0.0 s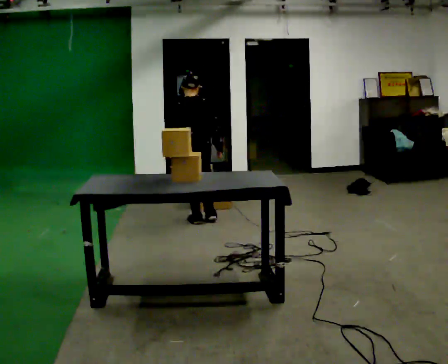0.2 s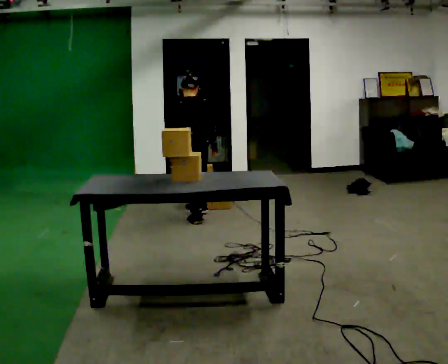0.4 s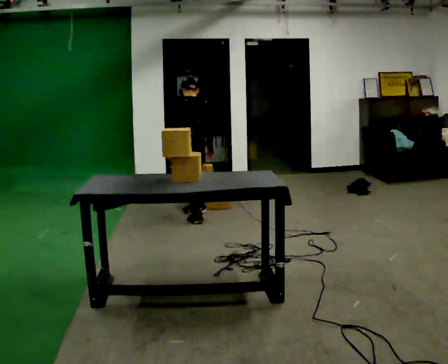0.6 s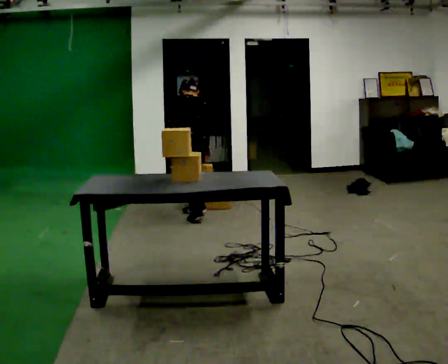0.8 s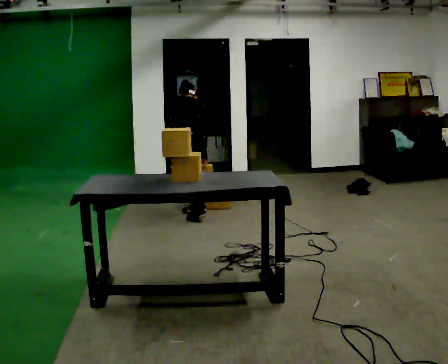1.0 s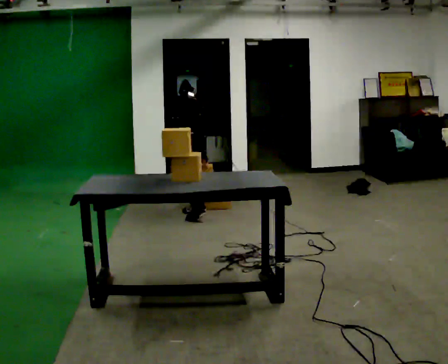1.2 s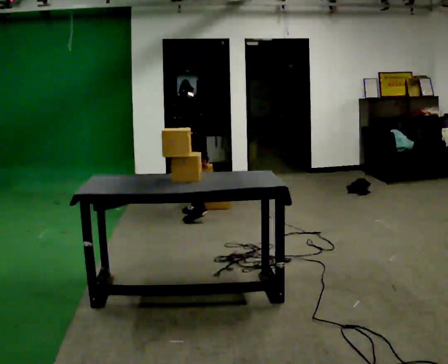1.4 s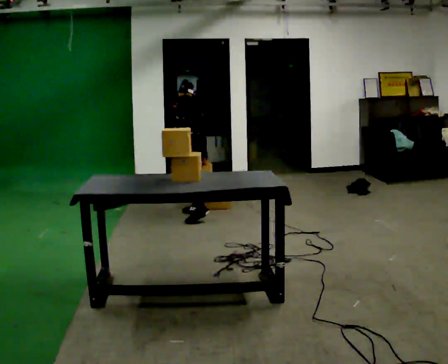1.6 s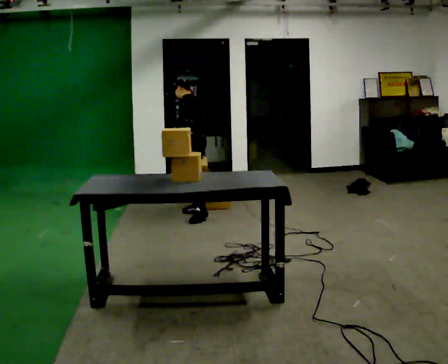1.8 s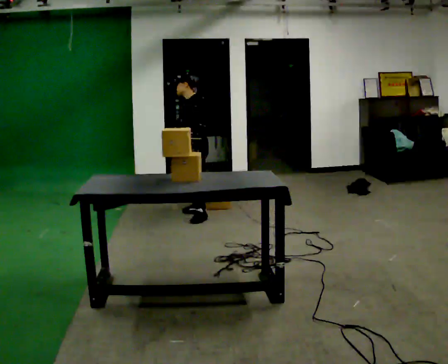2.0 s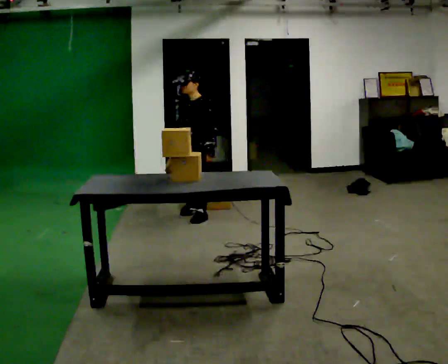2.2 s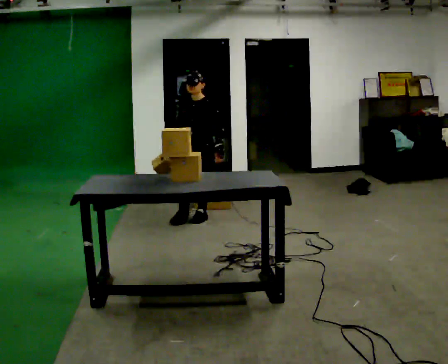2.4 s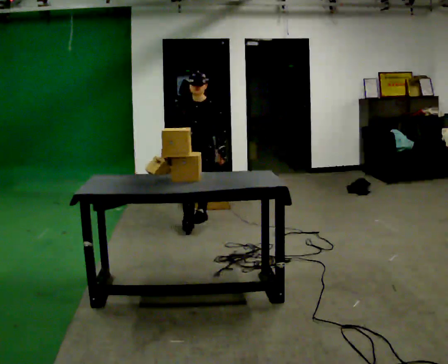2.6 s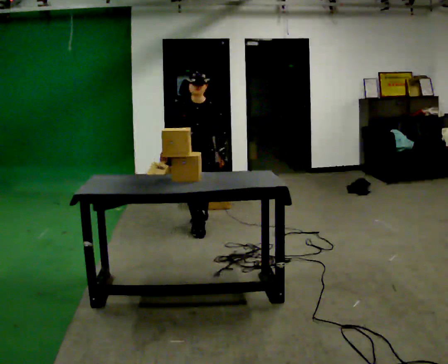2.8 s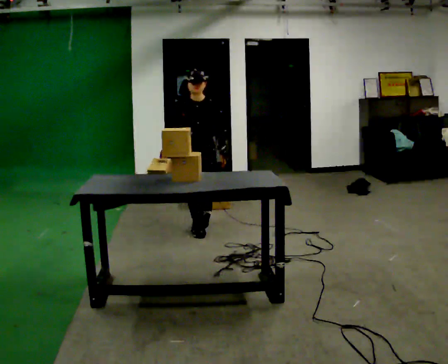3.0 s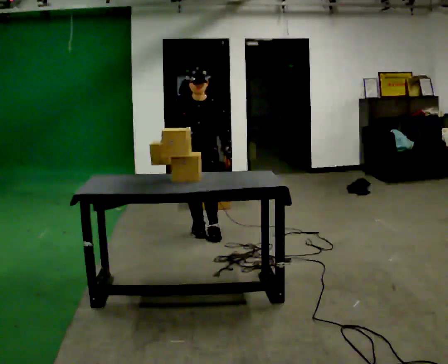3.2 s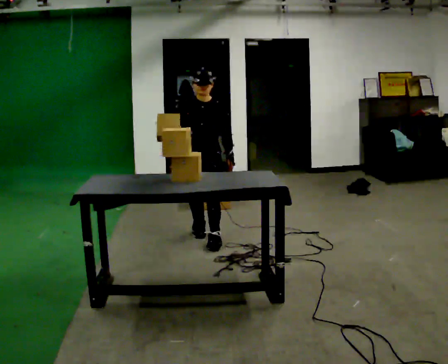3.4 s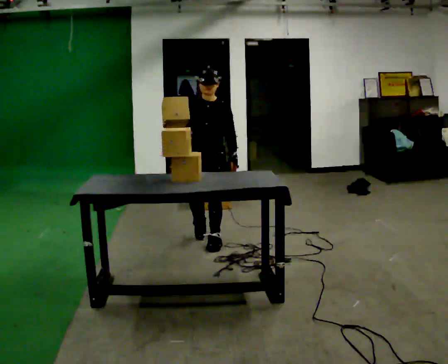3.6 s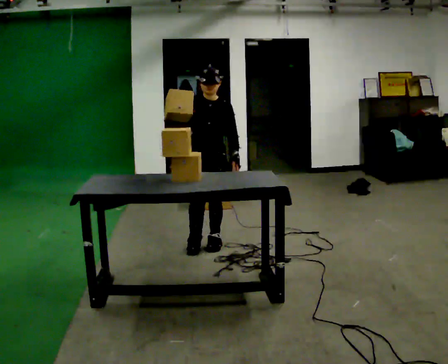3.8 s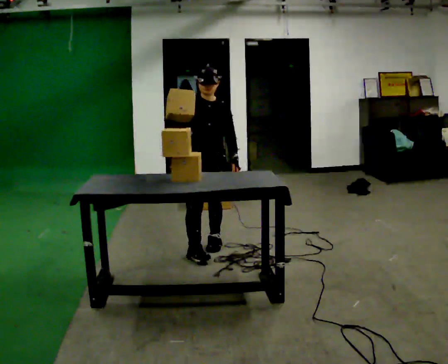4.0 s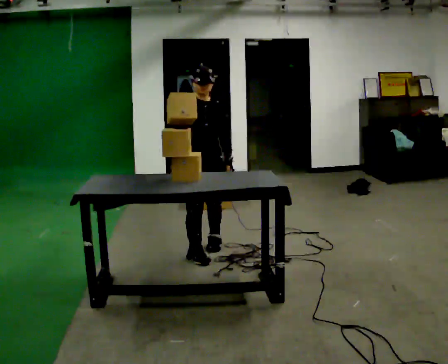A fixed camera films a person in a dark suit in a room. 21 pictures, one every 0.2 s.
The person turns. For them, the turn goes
to their left.
The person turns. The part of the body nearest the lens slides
to the right.
0.0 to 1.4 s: The part of the body nearest the lens slides to the right as the person turns to their left by about 60 degrees. In the picture they go away from the camera, about 0.25 m in 1 step. The upper body tips away from the camera, its near side rolling upward.
1.4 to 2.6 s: The person turns about 120 degrees to their left, counterclockwise seen from above, so the part of the body nearest the lens slides to the right. In the picture they go toward the camera, about 0.5 m in 2 steps. The upper body tips toward the camera, its near side rolling downward.
2.6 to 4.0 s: In the picture they go toward the camera, about 1 m in 2 steps, which for them is forward. In the picture their right hand goes upward.
The film runs forward here.
